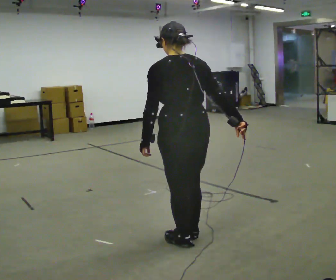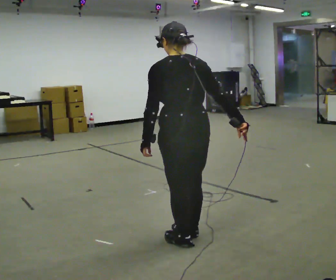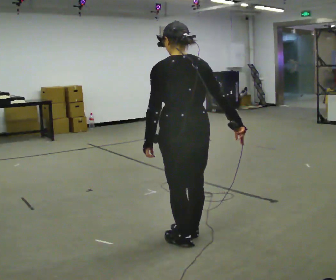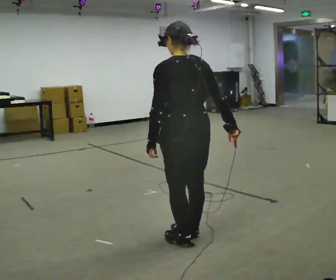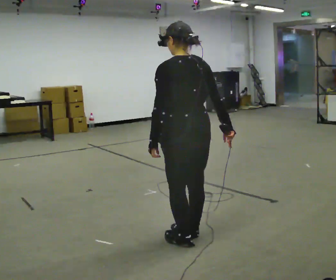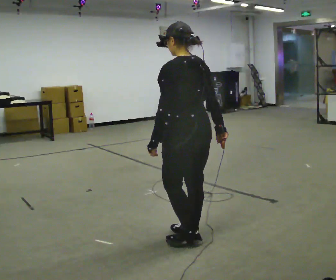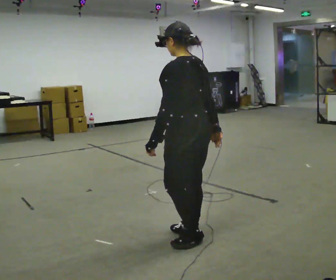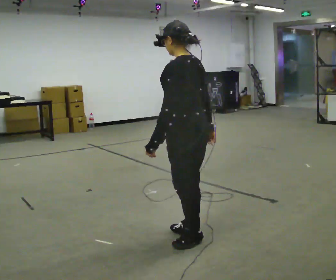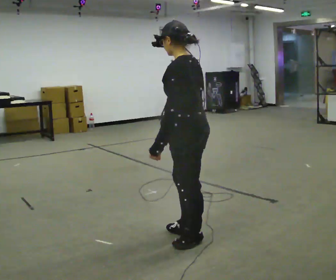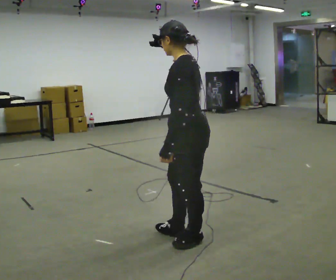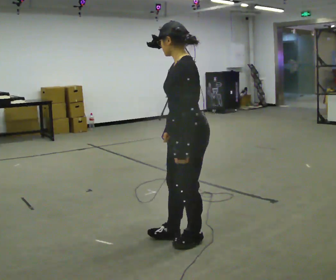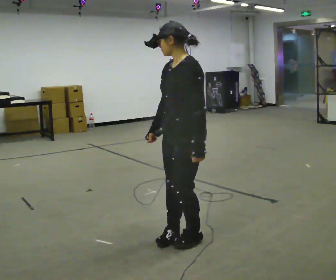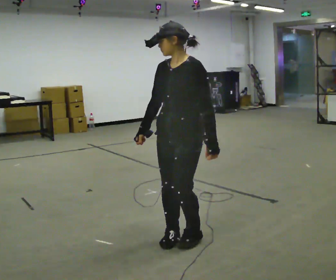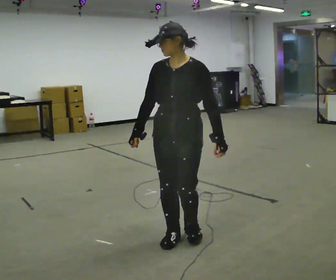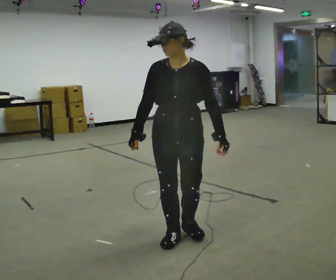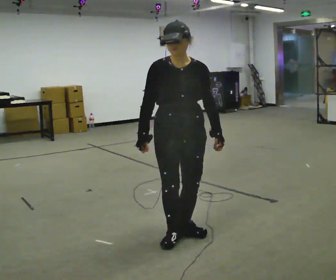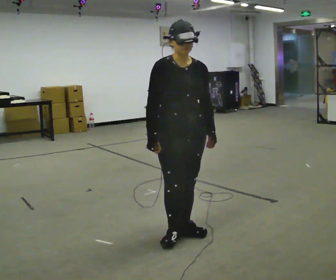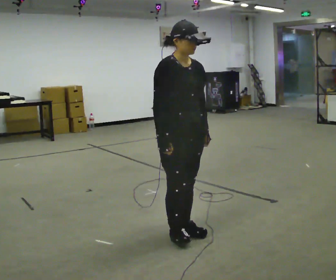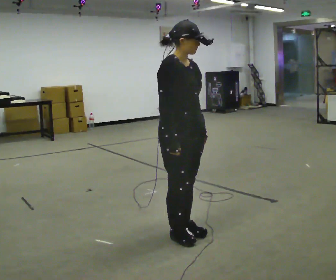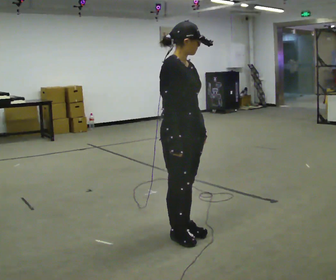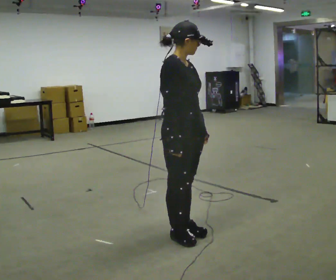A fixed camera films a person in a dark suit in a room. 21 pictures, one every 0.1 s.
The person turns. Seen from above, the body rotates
counterclockwise.
The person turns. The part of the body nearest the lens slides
to the right.
0.0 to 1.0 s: Seen from above the body turns counterclockwise, about 75 degrees: to their left, with its near side sliding to the right. In the picture their right hand goes to the left, the arm swinging clockwise.
1.0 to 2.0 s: The part of the body nearest the lens slides to the right as the person turns to their left by about 150 degrees.
The film runs backward here.
